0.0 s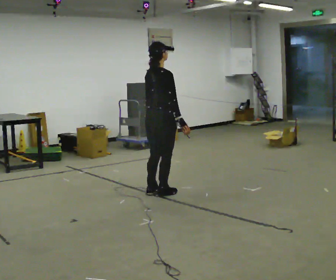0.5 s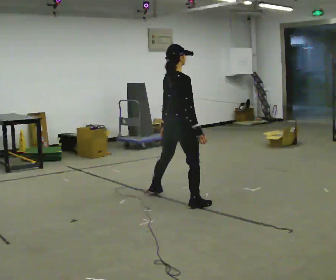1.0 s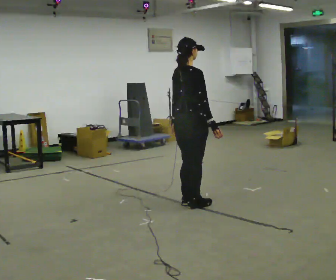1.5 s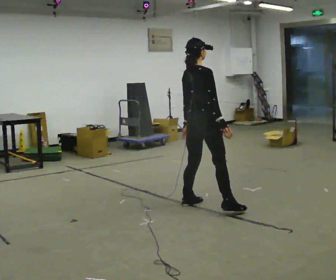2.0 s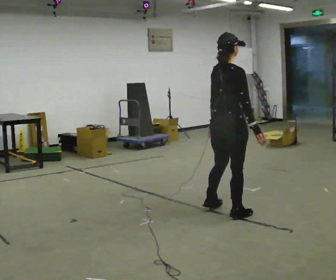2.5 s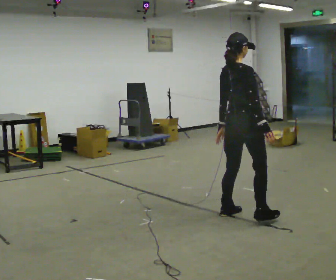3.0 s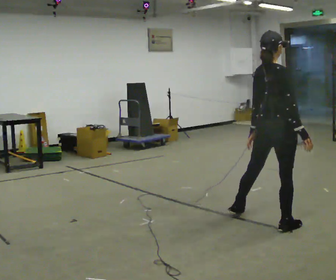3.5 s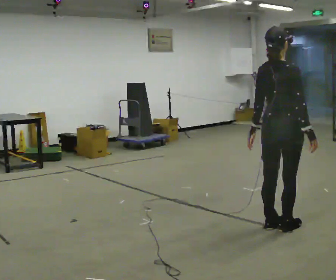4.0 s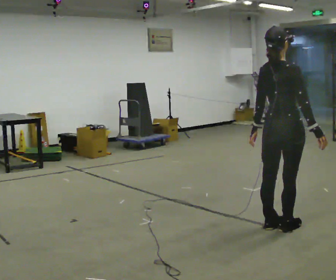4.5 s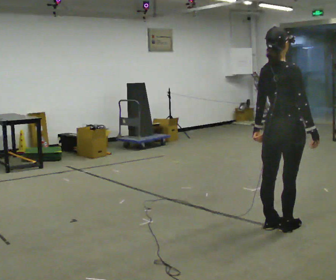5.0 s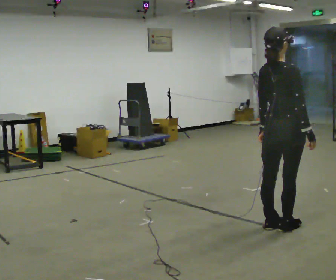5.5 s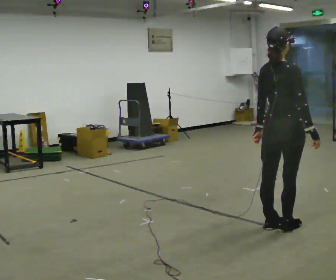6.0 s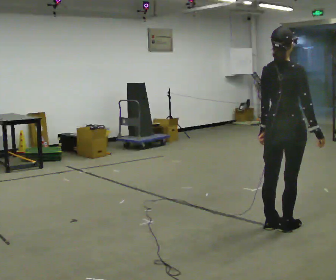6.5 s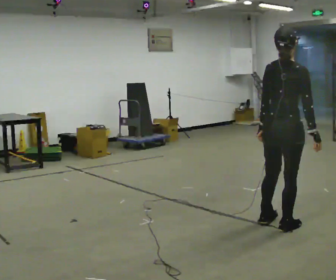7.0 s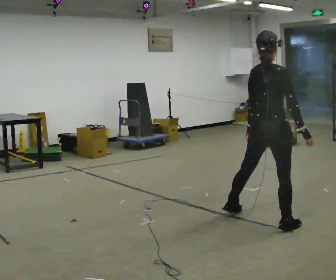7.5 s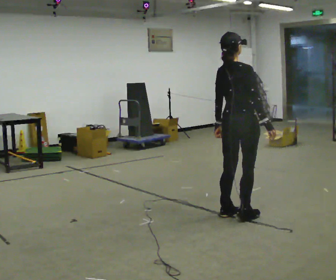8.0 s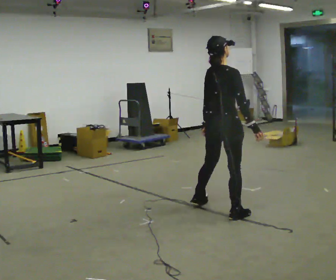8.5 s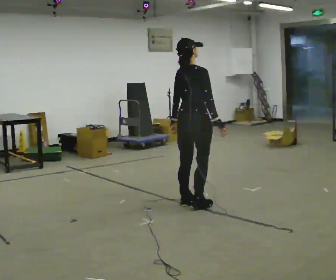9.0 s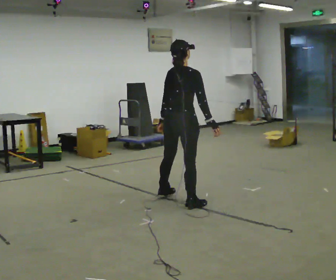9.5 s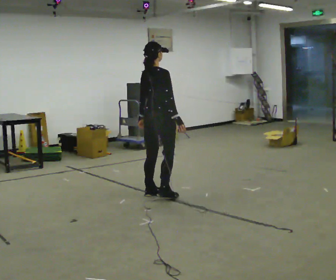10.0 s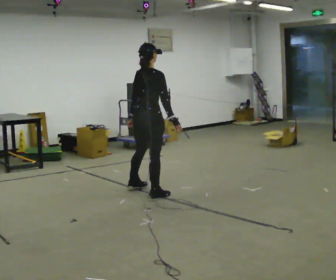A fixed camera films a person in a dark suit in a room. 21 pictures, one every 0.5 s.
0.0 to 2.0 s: In the picture they go to the right and toward the camera, about 1 m in 3 steps, which for them is to their right.
2.0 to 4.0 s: In the picture they go to the right and toward the camera, about 0.5 m in 3 steps, which for them is to their right.
4.0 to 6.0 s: The person moves a little, or ends about where they began.
6.0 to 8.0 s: In the picture they go to the left and away from the camera, about 0.5 m in 2 steps, which for them is to their left.
8.0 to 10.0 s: In the picture they go to the left and away from the camera, about 1 m in 4 steps, which for them is to their left.
The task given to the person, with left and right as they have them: Move laterally left/right for ~3 m; natural controlled steps; stop.
The film runs forward here.
